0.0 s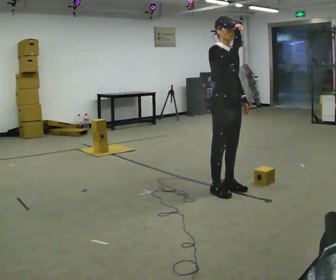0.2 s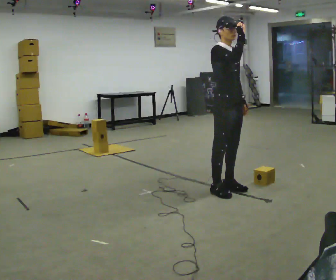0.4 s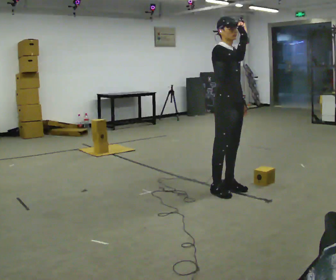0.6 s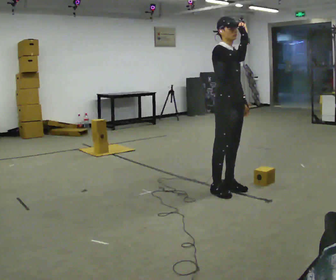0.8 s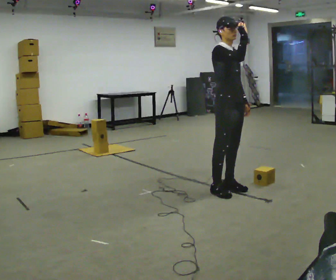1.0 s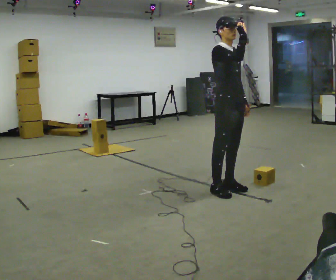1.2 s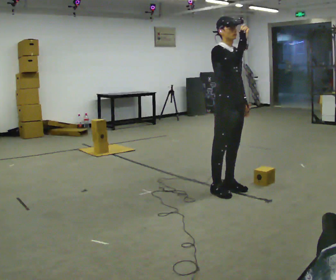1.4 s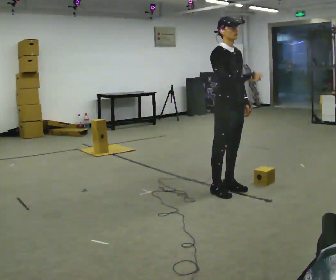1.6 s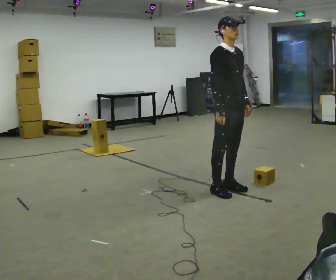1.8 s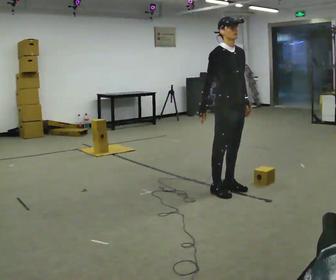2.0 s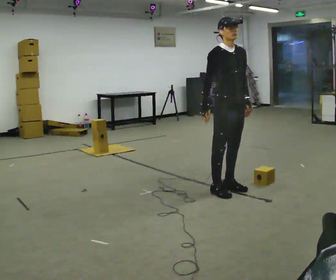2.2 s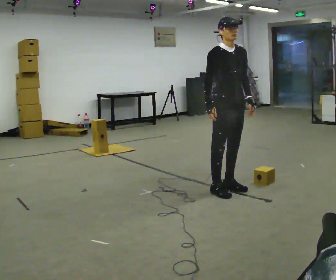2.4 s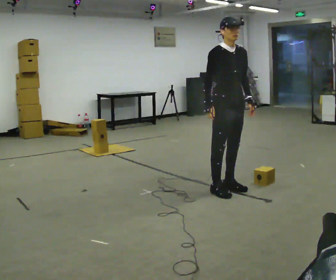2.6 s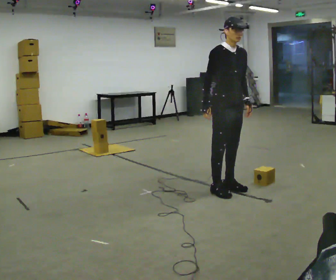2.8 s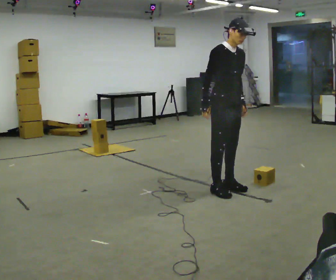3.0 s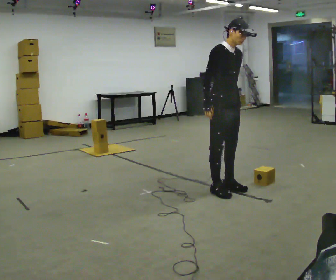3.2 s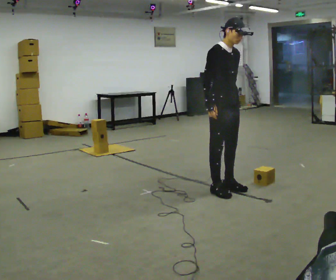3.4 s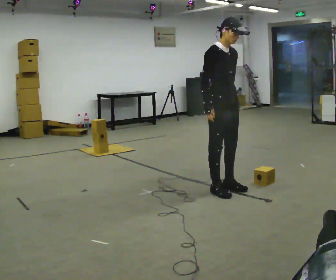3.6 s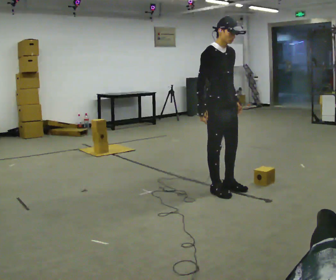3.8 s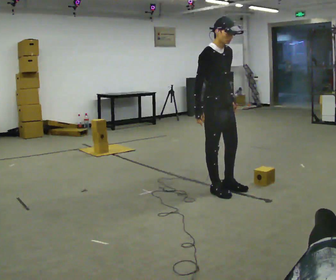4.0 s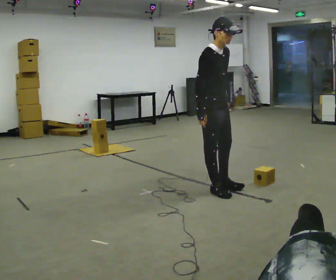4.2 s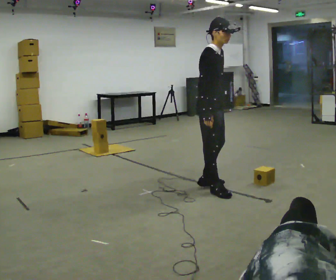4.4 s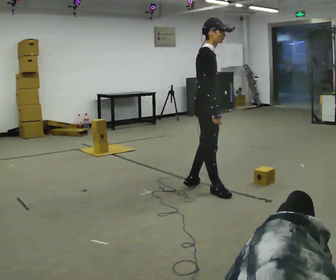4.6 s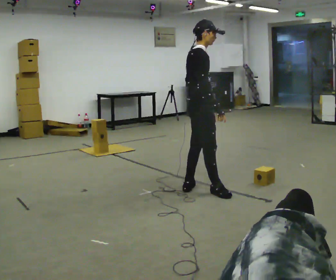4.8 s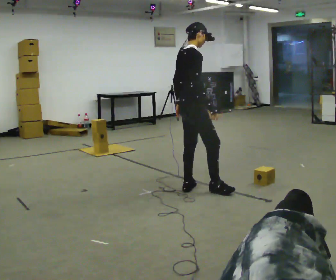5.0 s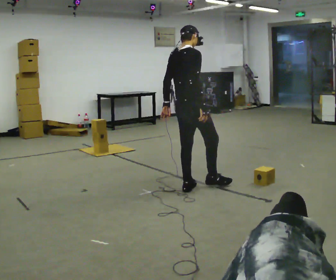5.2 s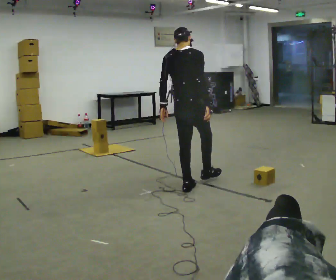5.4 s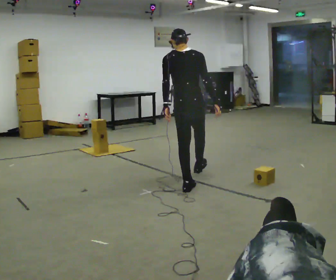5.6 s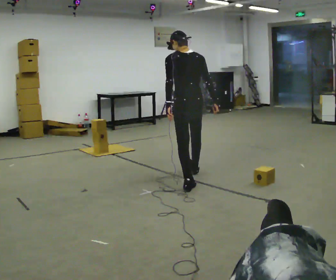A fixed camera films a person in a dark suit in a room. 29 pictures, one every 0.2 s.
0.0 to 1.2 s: The person moves a little, or ends about where they began.
1.2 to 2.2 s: In the picture their right hand goes downward and to the left.
2.2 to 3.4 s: The person moves a little, or ends about where they began.
3.4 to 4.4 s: The part of the body nearest the lens slides to the right as the person turns to their left by about 45 degrees. In the picture they go to the left, about 0.25 m, which for them is backward and to their right.
4.4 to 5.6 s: The person turns about 105 degrees to their left, counterclockwise seen from above, so the part of the body nearest the lens slides to the right. In the picture they go away from the camera and to the left, about 0.5 m in 2 steps.
The film runs forward here.
